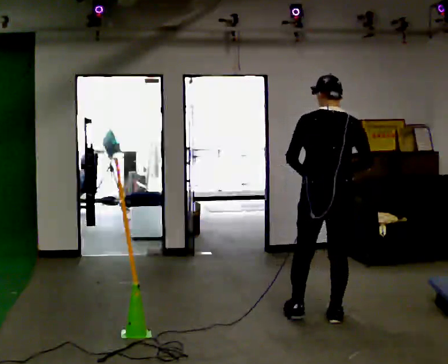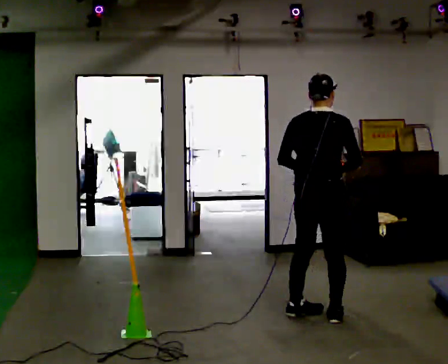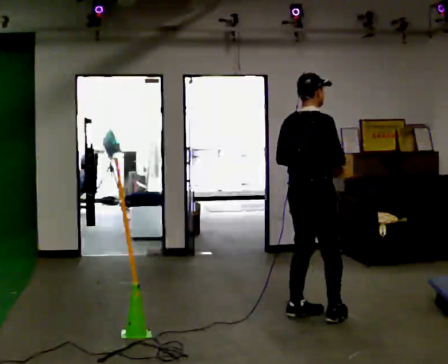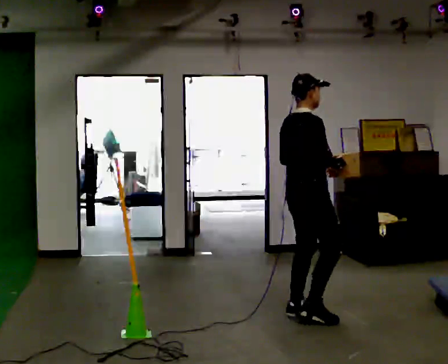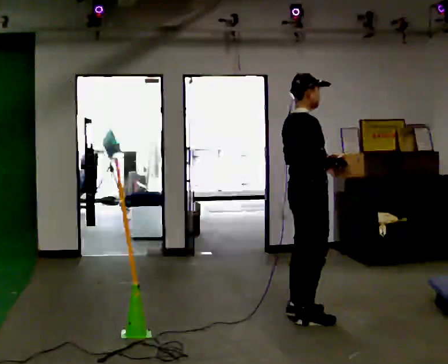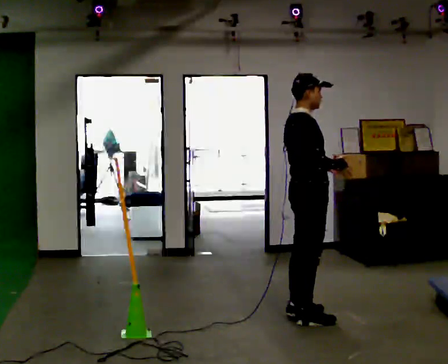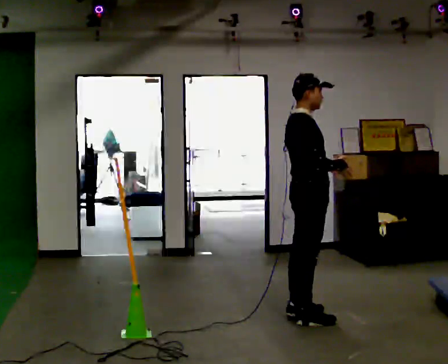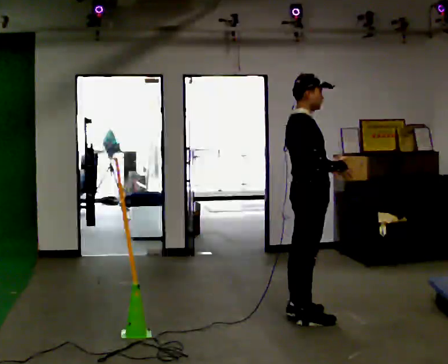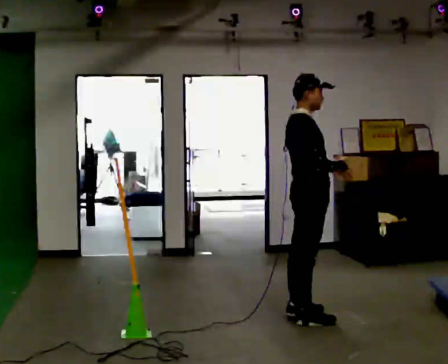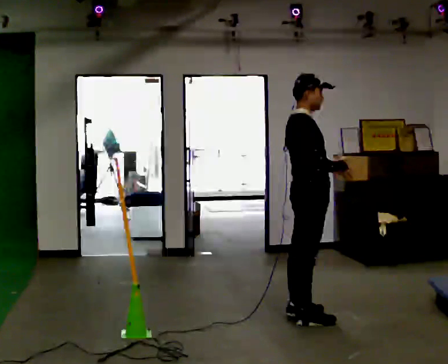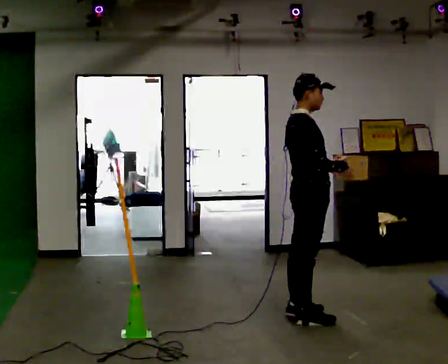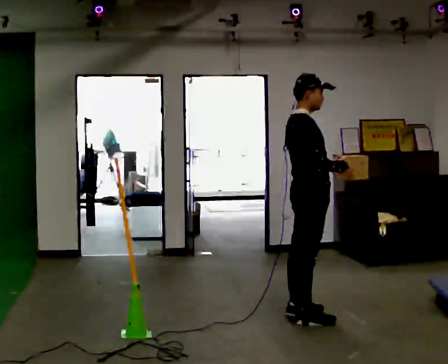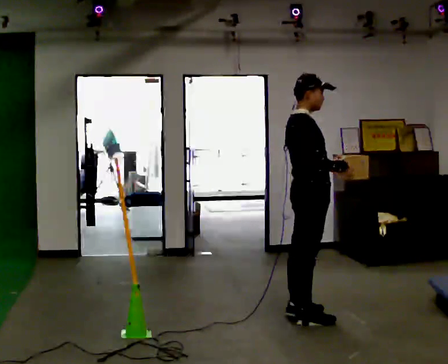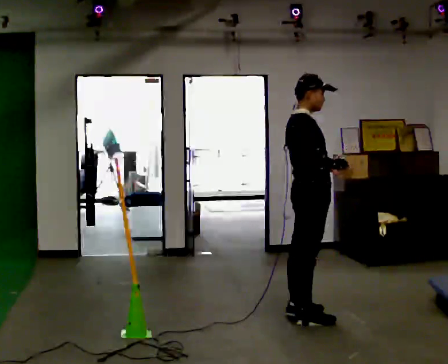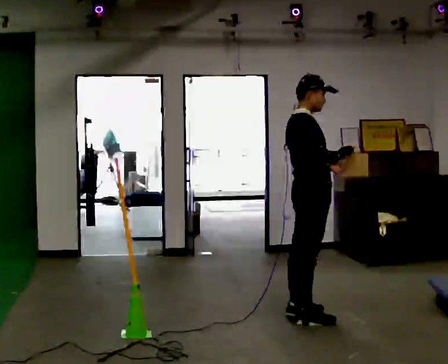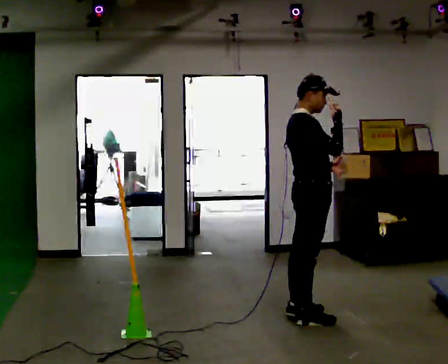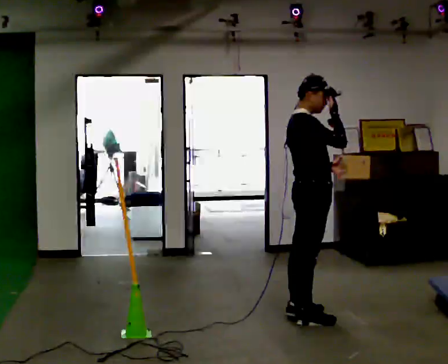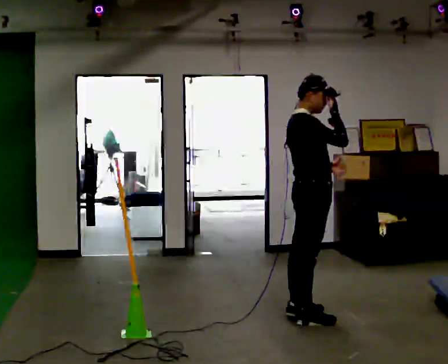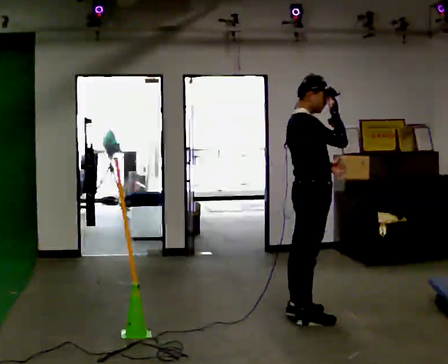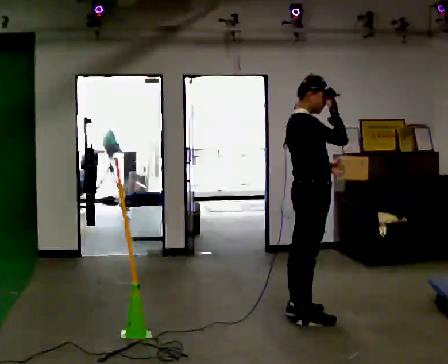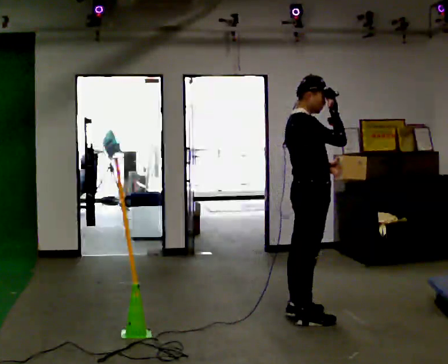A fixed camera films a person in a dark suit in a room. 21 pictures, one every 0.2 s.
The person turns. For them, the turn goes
to their right.
The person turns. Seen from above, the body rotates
clockwise.
0.0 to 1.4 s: The part of the body nearest the lens slides to the left as the person turns to their right by about 90 degrees. In the picture they go to the left, about 0.25 m in 1 step.
1.4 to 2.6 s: The person keeps their place and pose.
2.6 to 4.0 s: In the picture their right hand goes upward.
The film runs backward here.
